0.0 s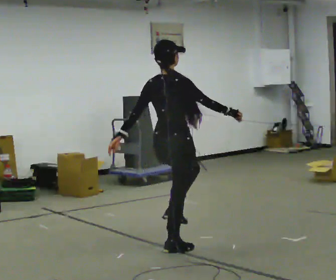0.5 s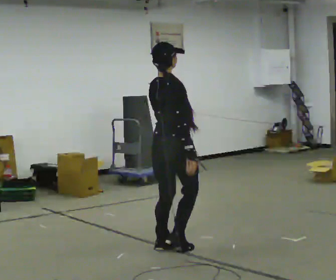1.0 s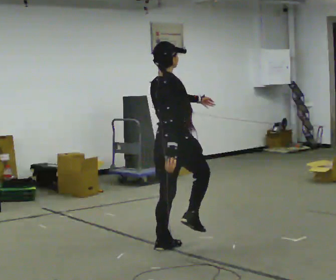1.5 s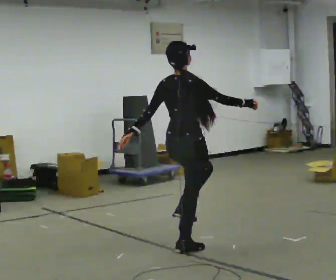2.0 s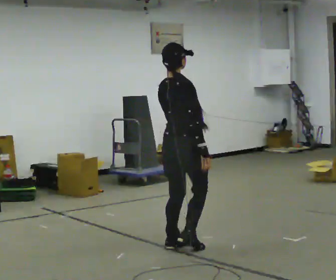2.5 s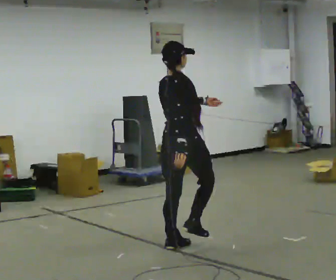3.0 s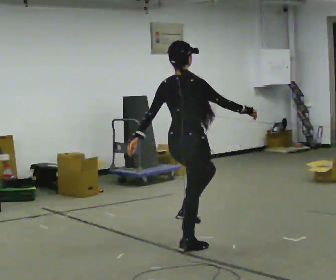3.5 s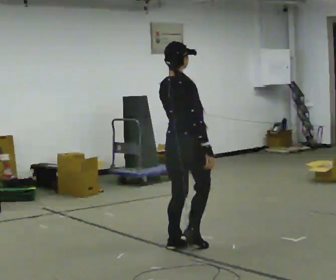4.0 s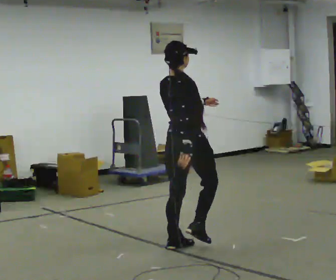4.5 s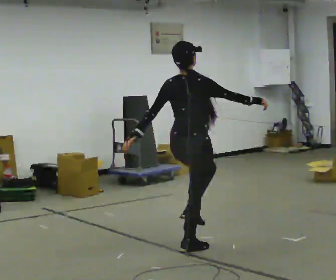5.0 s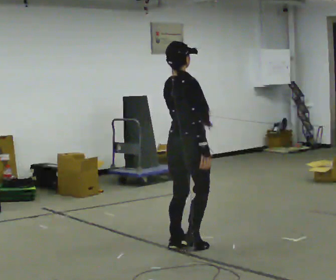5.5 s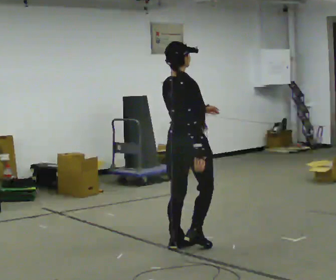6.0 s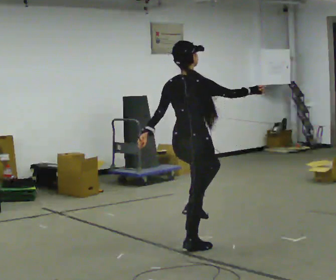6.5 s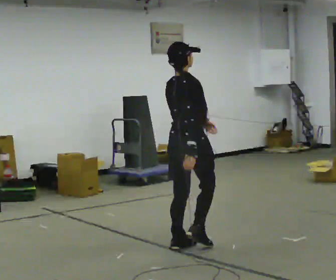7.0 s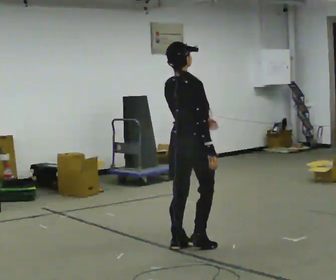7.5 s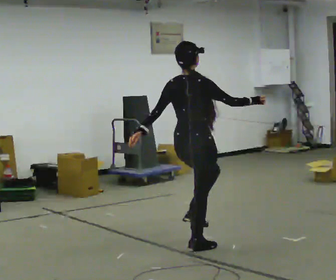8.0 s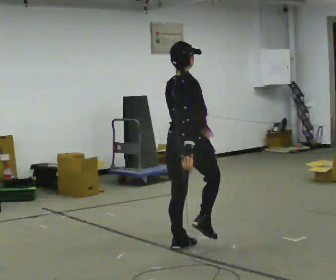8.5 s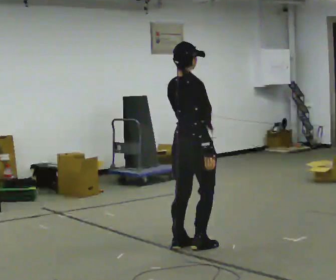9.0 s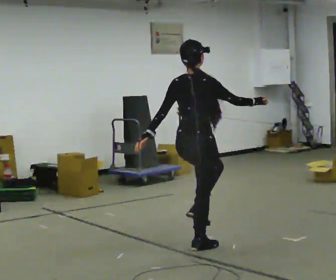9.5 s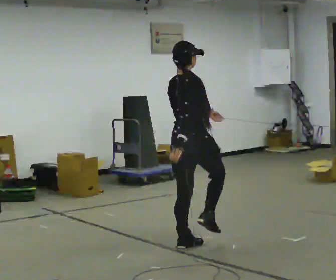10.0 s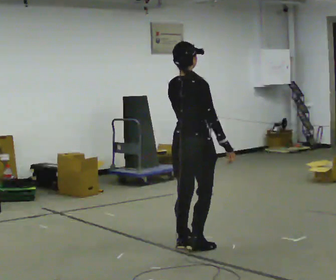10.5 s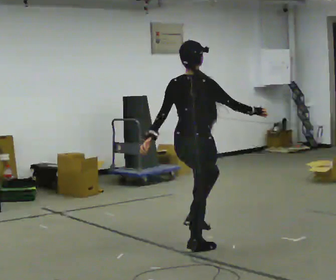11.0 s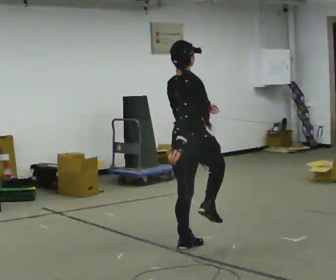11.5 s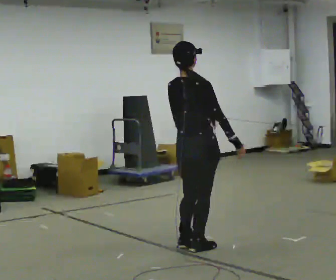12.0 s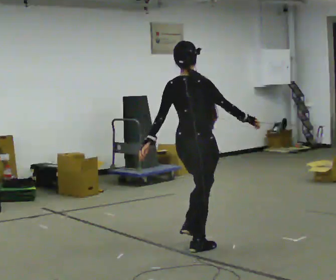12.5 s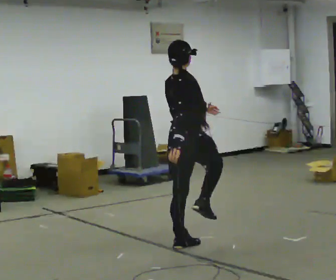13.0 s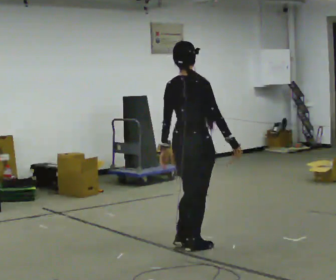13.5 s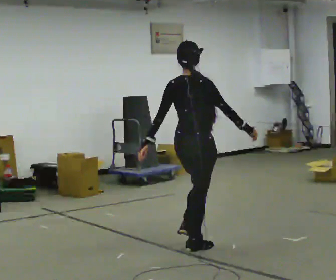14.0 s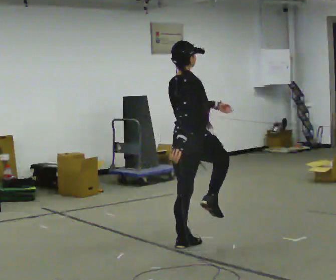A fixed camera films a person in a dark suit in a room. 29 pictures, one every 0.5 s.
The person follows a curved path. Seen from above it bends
counterclockwise.
0.0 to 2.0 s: In the picture their left hand goes to the right.
2.0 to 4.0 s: The person moves a little, or ends about where they began.
4.0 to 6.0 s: In the picture their left hand goes to the left.
6.0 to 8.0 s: In the picture their right hand goes to the left and downward.
8.0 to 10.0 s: In the picture their right hand goes to the right.
10.0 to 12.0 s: The person moves a little, or ends about where they began.
12.0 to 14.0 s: In the picture their left hand goes to the right.
The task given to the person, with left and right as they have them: March in place at a comfortable rhythm without moving forward; stop.
The film runs forward here.
